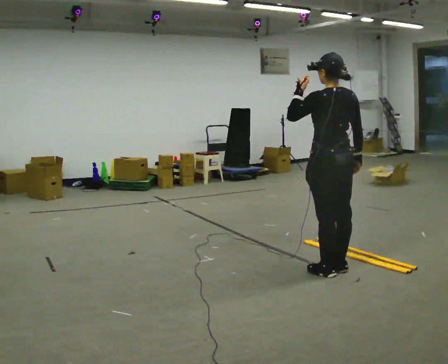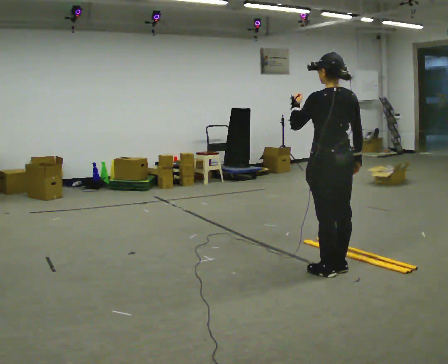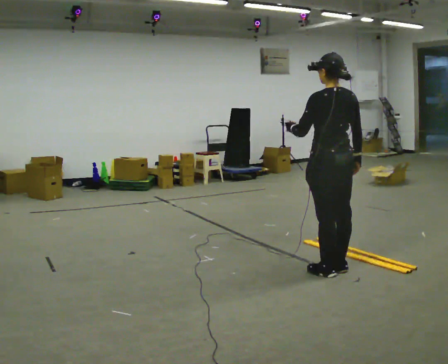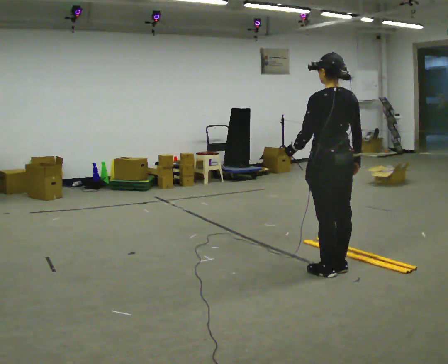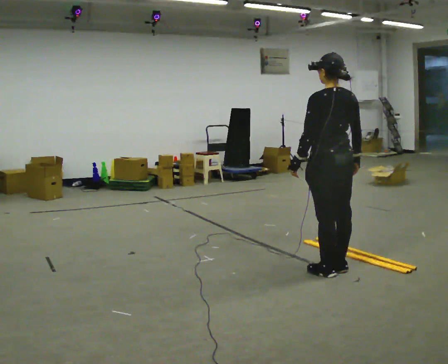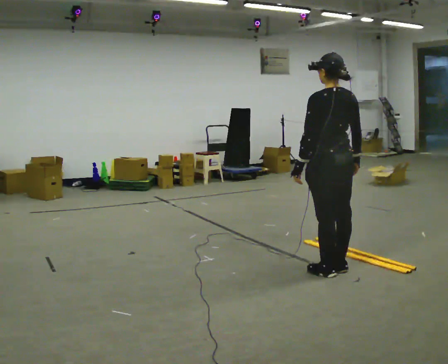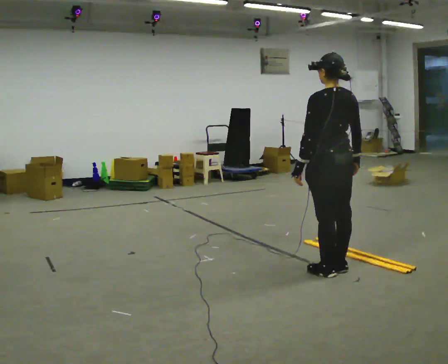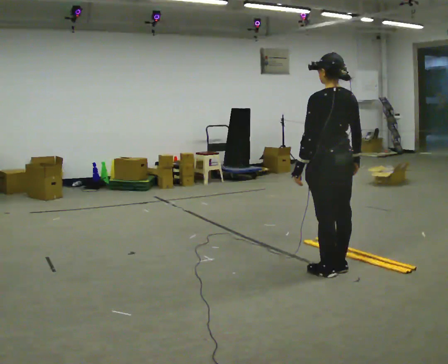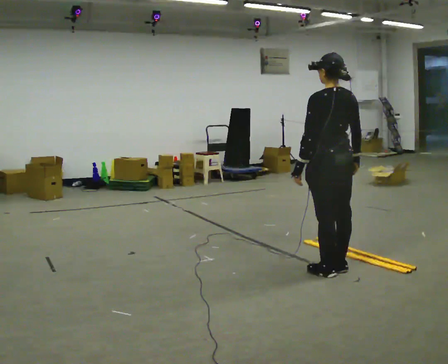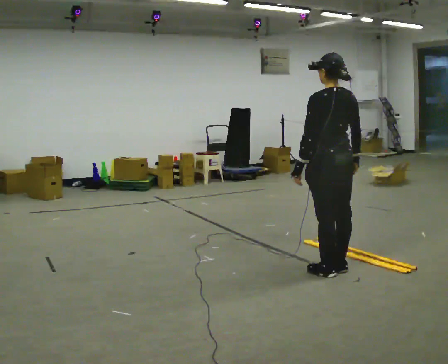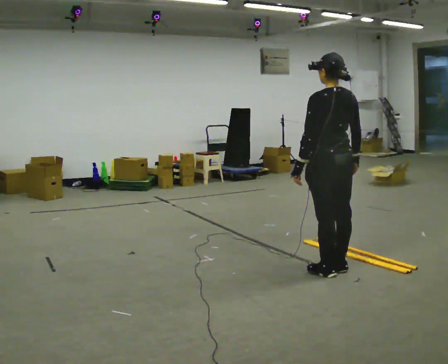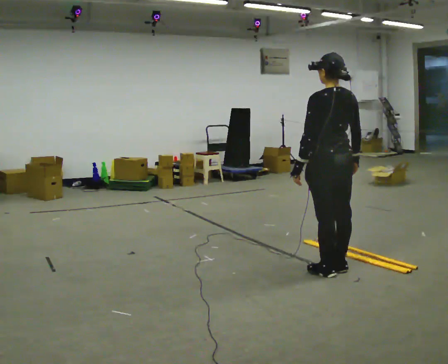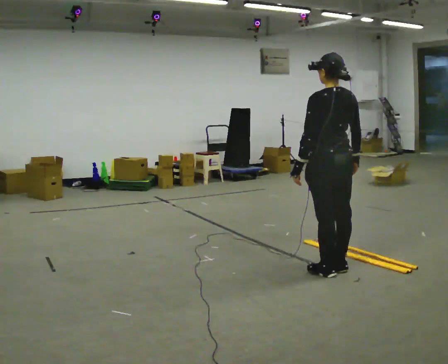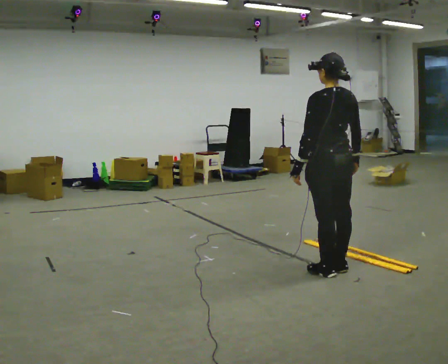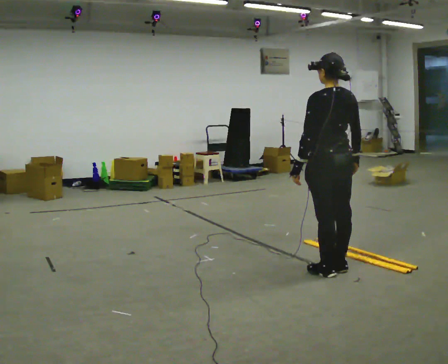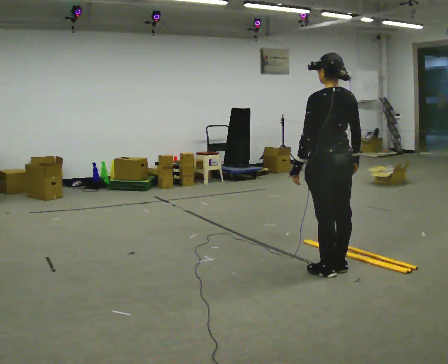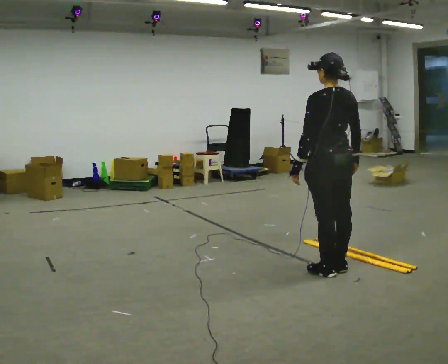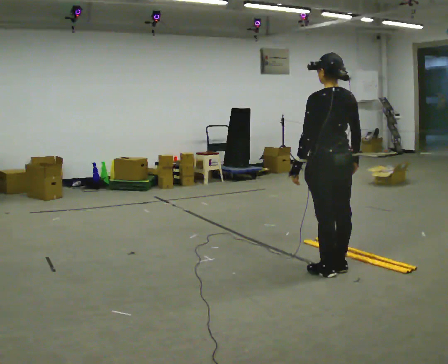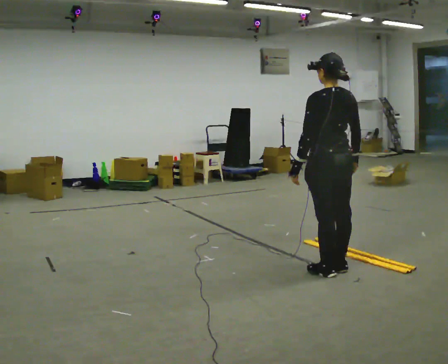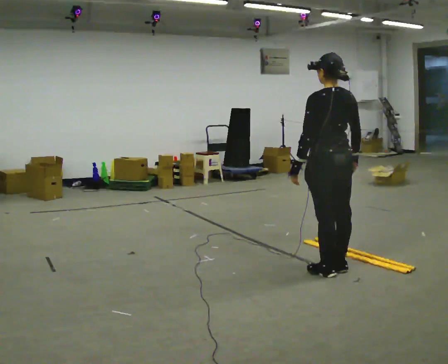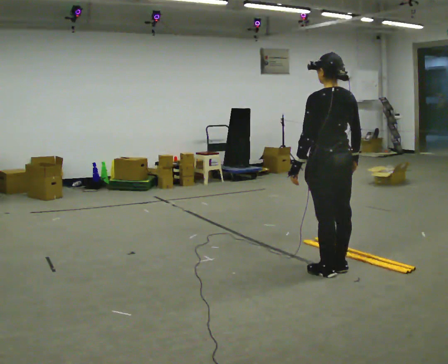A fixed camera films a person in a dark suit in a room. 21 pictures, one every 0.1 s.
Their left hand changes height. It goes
downward.
0.0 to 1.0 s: In the picture their left hand goes downward.
1.0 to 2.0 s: The person keeps their place and pose.
The film runs backward here.
